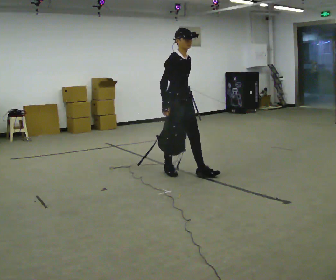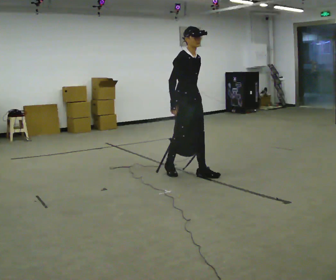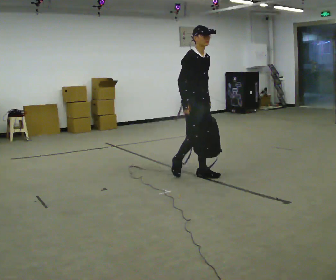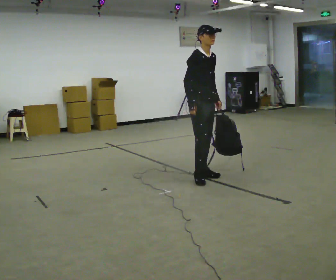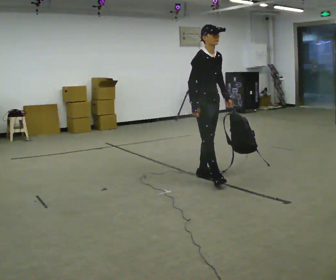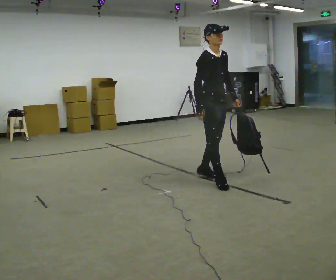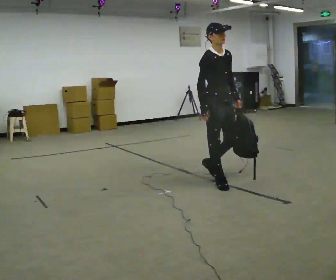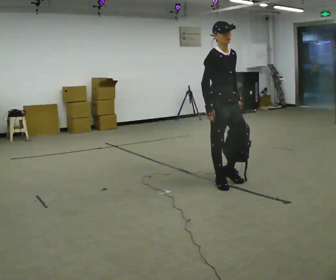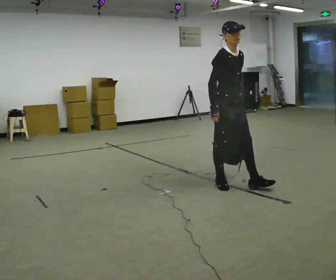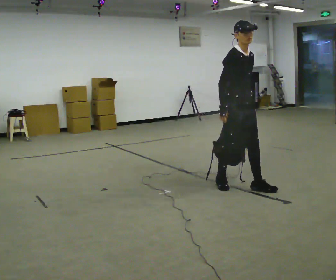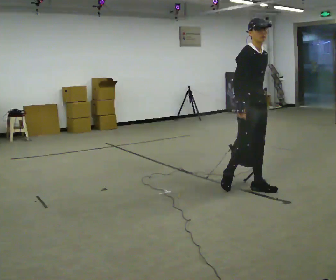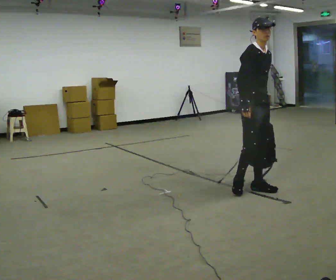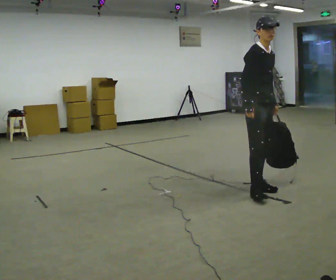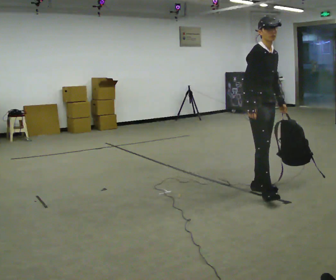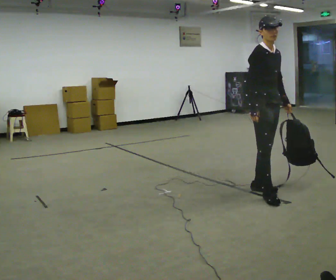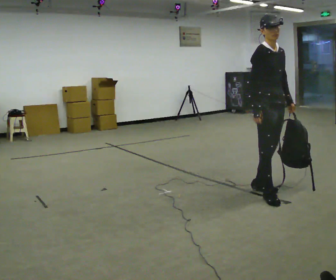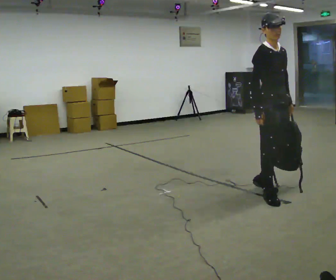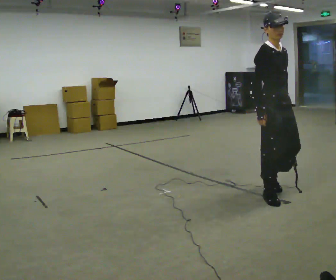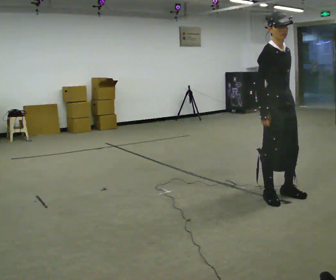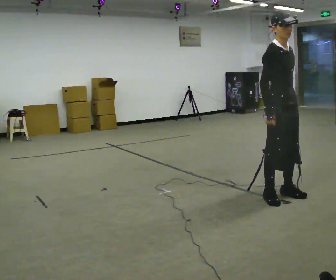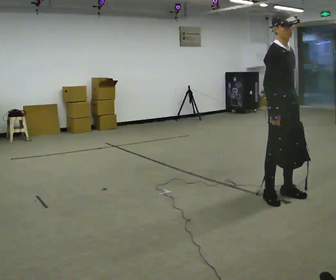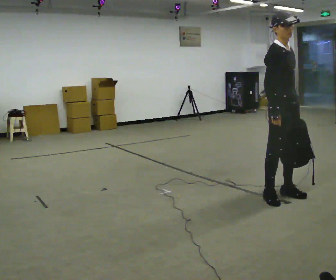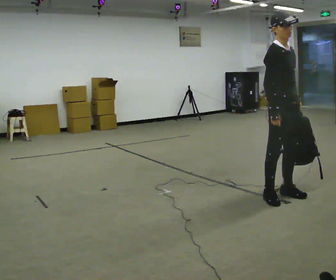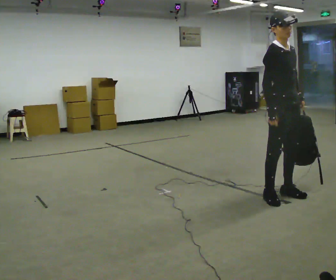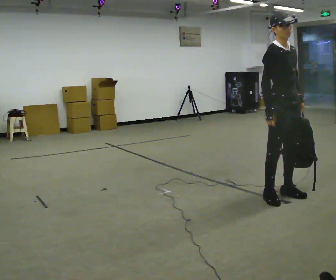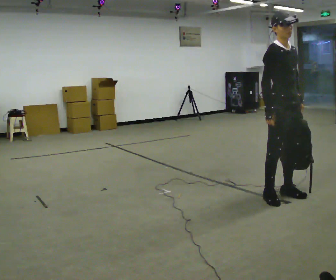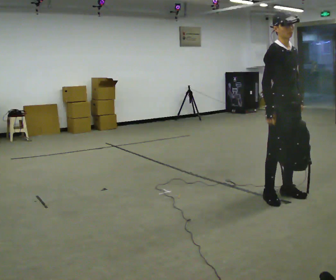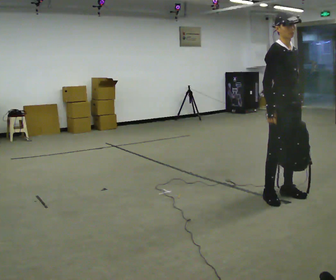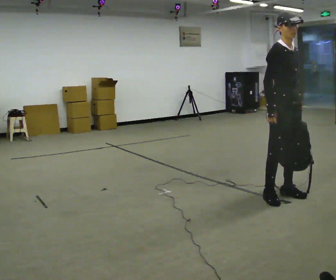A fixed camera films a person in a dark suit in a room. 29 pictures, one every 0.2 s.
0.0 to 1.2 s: In the picture they go to the right and toward the camera, about 0.5 m in 1 step, which for them is forward.
1.2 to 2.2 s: In the picture they go to the right and toward the camera, about 0.5 m in 1 step, which for them is forward.
2.2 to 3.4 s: In the picture they go toward the camera and to the right, about 0.25 m in 1 step, which for them is forward.
3.4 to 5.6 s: The person moves a little, or ends about where they began.
The film runs forward here.
